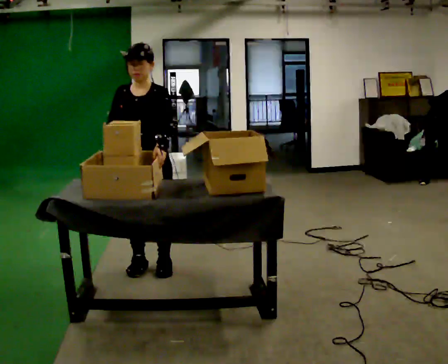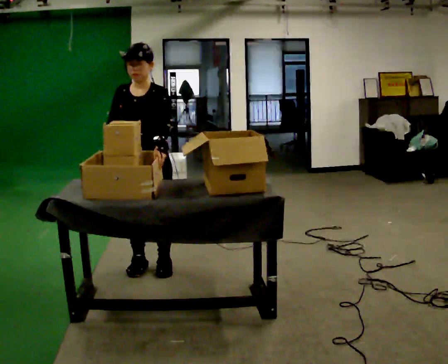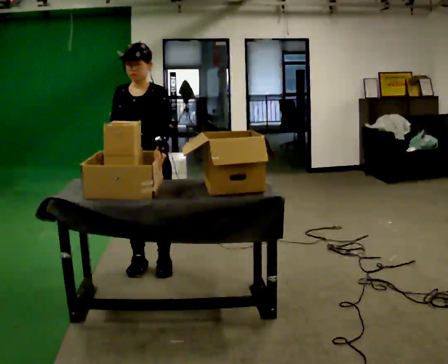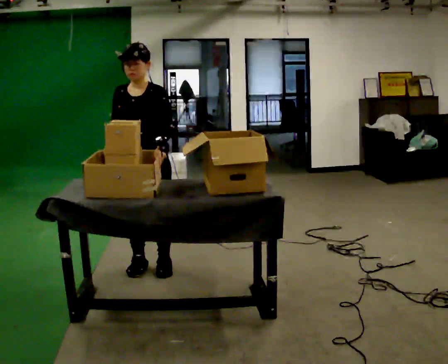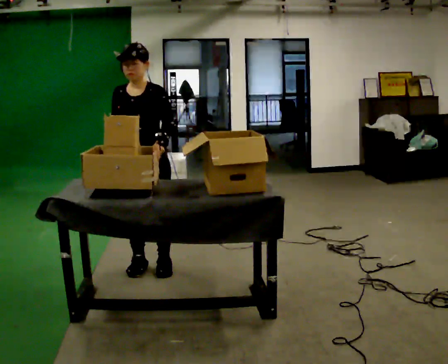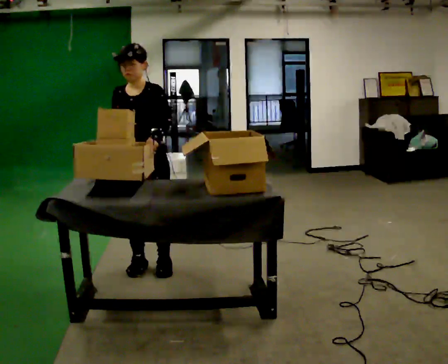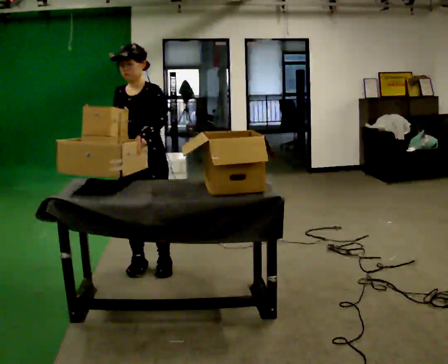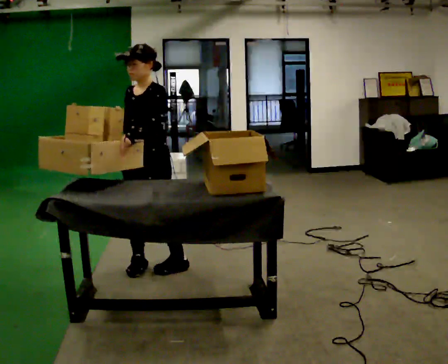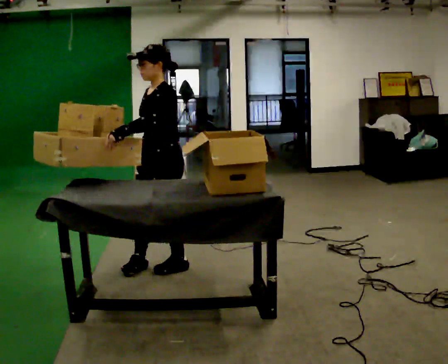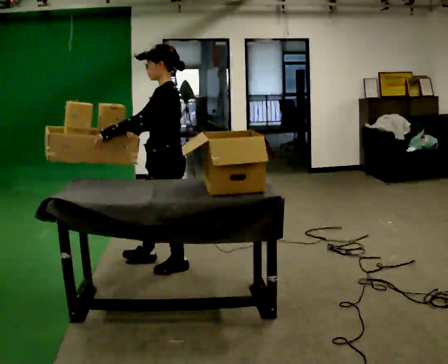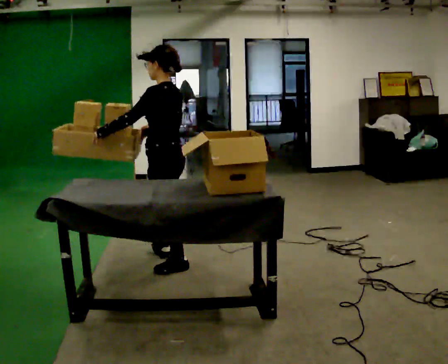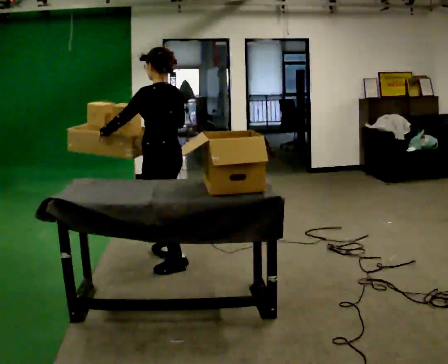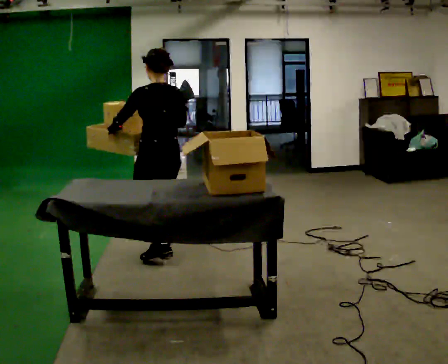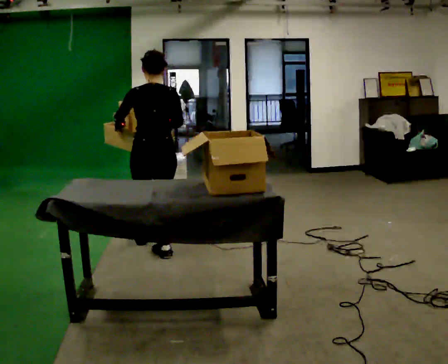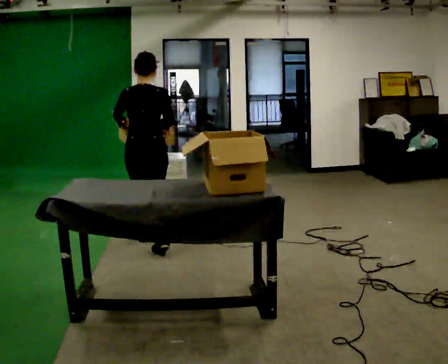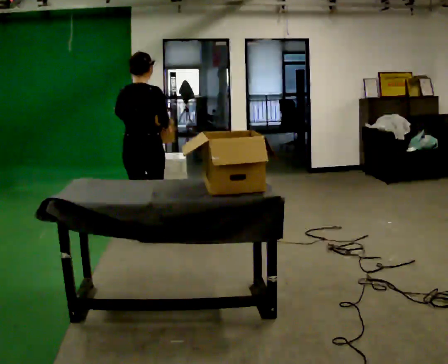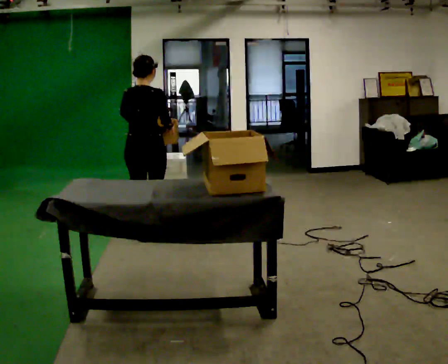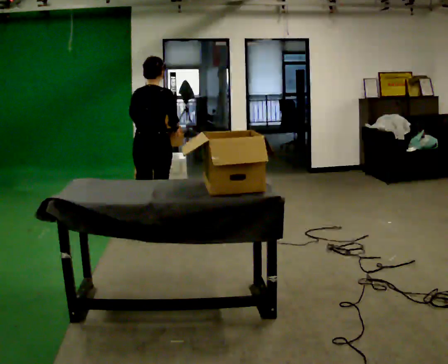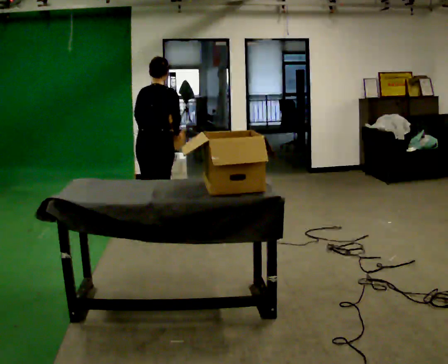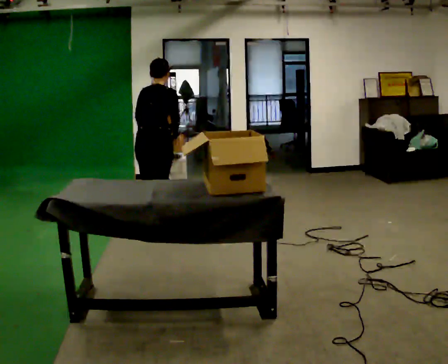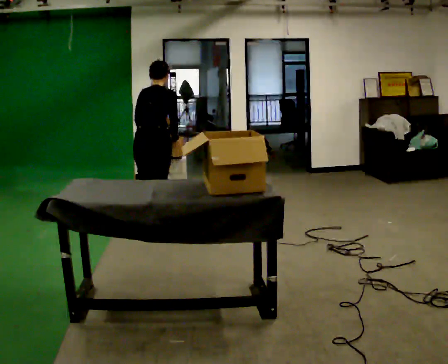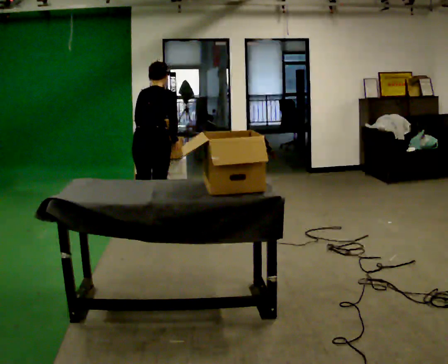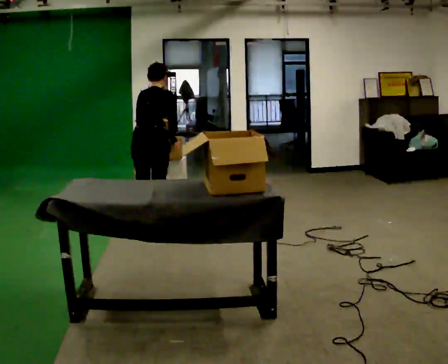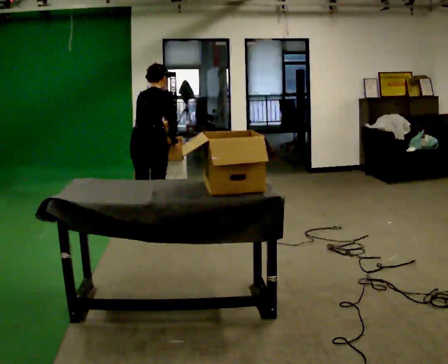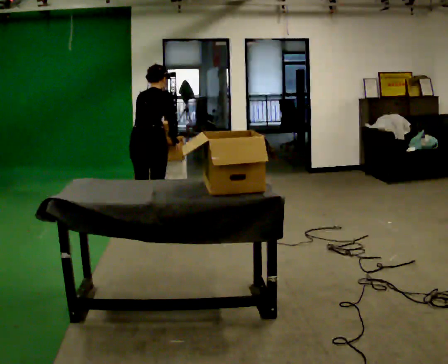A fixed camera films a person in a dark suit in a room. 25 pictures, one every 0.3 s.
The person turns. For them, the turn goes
to their right.
The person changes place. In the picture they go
away from the camera.
0.0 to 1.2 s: The person moves a little, or ends about where they began.
1.2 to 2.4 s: The part of the body nearest the lens slides to the left as the person turns to their right by about 45 degrees.
2.4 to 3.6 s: The person turns about 90 degrees to their right, clockwise seen from above, so the part of the body nearest the lens slides to the left. In the picture they go away from the camera, about 0.25 m in 1 step.
3.6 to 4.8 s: The part of the body nearest the lens slides to the left as the person turns to their right by about 45 degrees. In the picture they go away from the camera, about 0.5 m in 2 steps, which for them is forward and to their left.
4.8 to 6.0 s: In the picture they go away from the camera, about 0.25 m in 1 step, which for them is forward. The upper body tips away from the camera, its near side rolling upward, as they bend forward.
6.0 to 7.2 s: The person moves a little, or ends about where they began.
The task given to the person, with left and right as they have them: 1. Move everything from the second bin into the first bin. 2. Carry the empty bin to the shelf. 3. Carry the full bin to the table. 4. Tell the operator when you are finished.
The film runs forward here.
